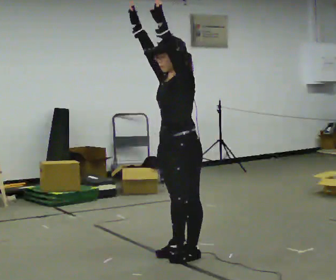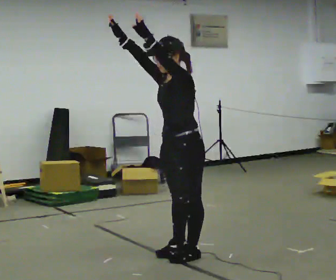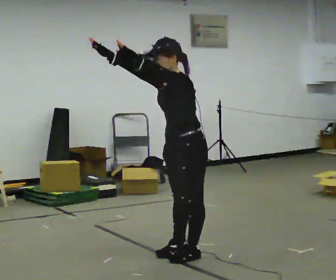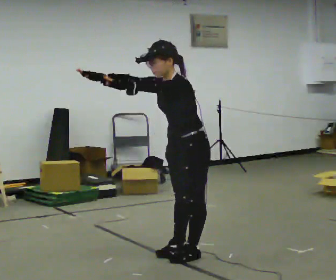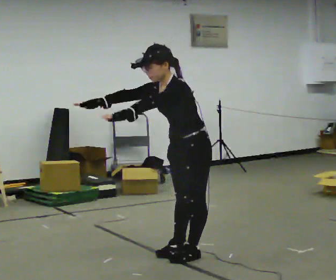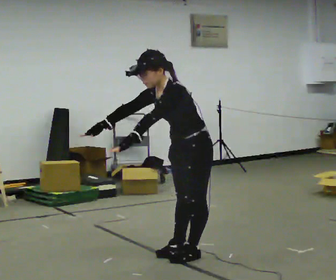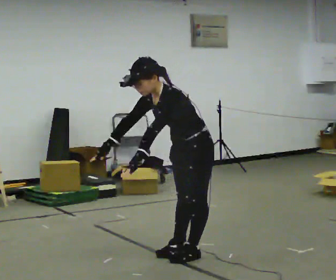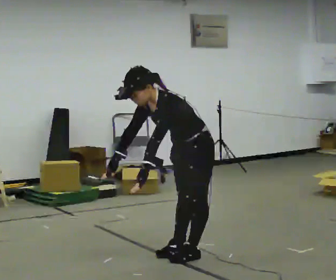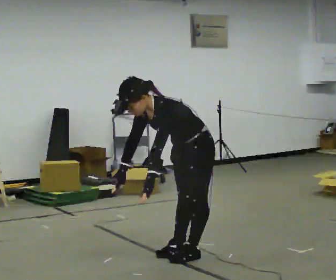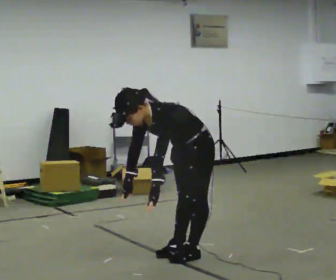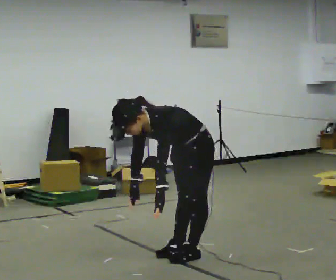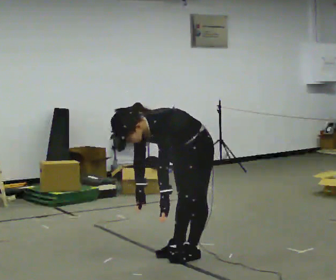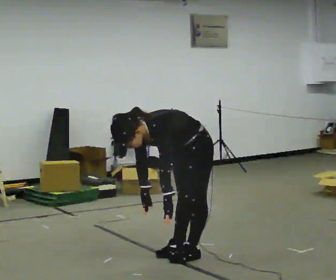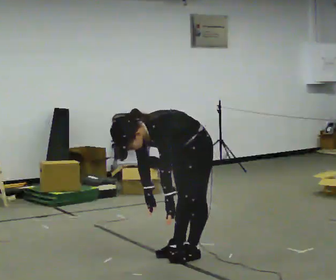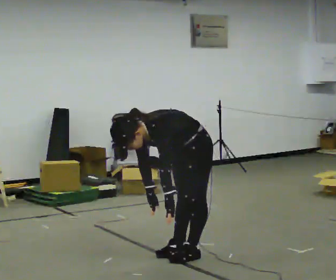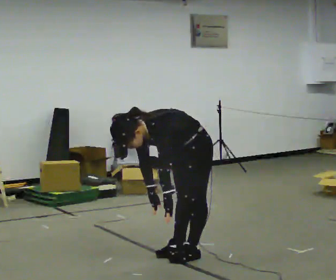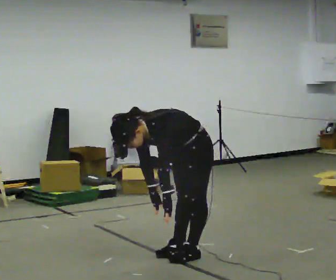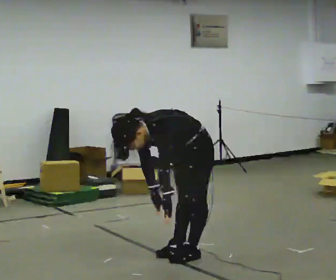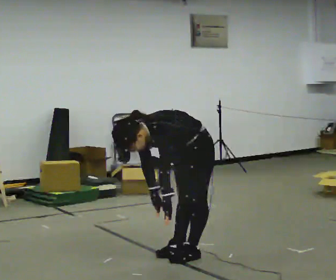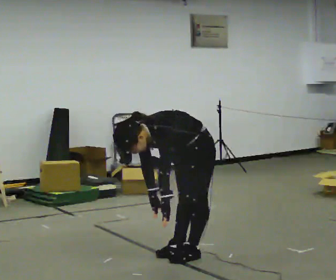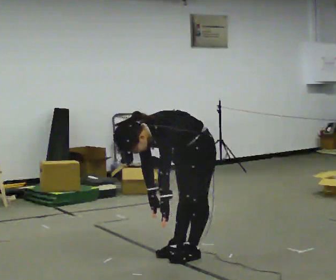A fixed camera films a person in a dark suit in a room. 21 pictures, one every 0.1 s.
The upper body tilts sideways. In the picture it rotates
counterclockwise.
Their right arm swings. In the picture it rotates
counterclockwise.
0.0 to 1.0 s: The upper body goes downward. In the picture the upper body tilts counterclockwise, shoulders to the left, as they bend forward. In the picture their right hand goes downward, the arm swinging counterclockwise.
1.0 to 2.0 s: The person moves a little, or ends about where they began.
The film runs forward here.
